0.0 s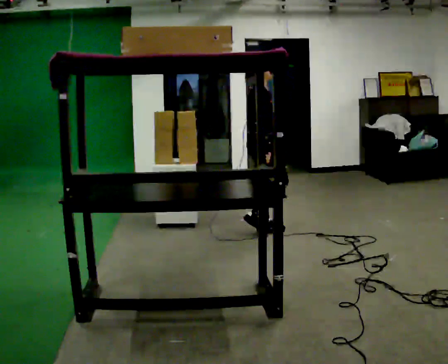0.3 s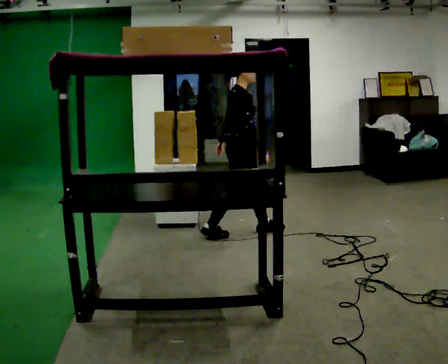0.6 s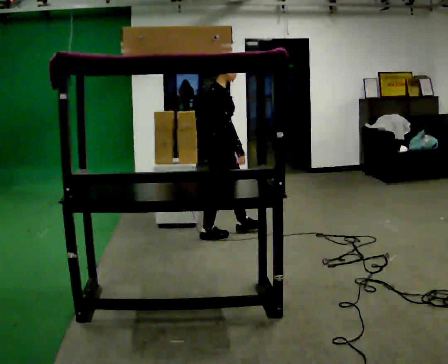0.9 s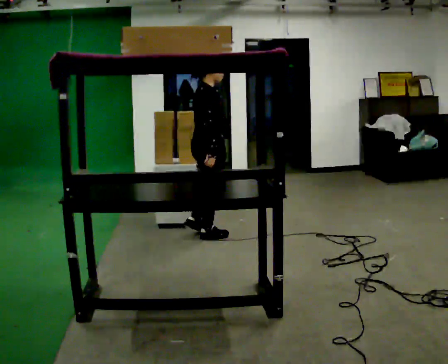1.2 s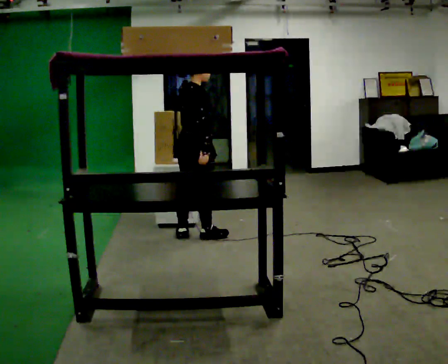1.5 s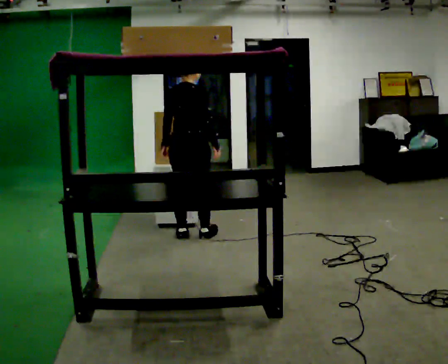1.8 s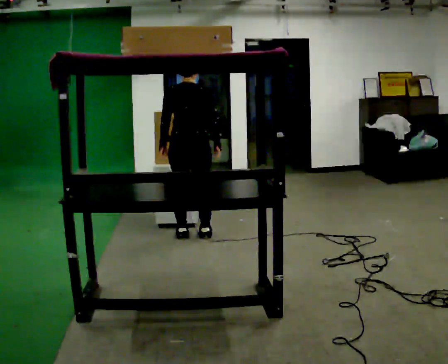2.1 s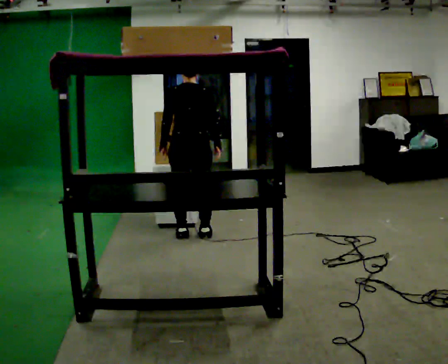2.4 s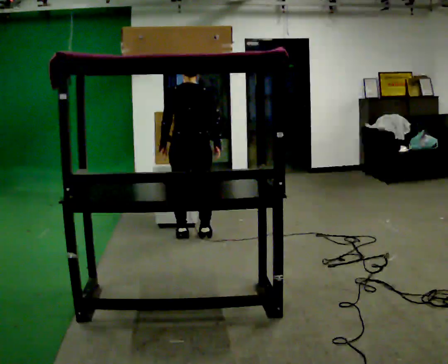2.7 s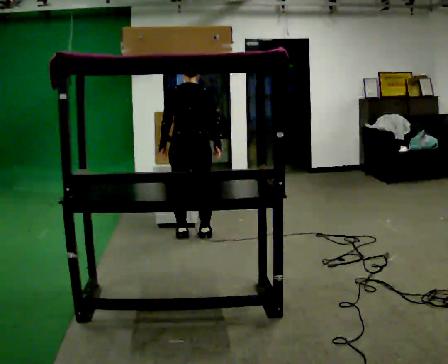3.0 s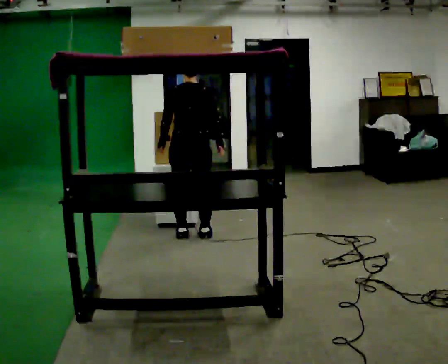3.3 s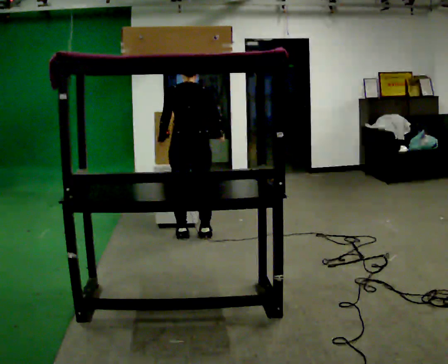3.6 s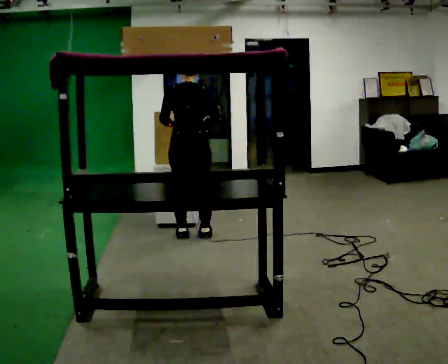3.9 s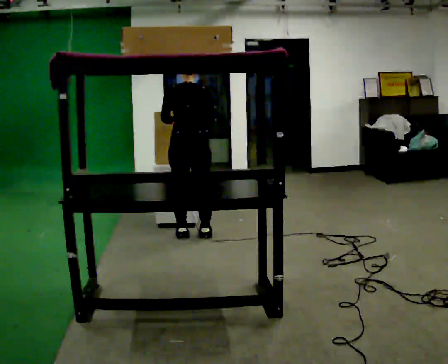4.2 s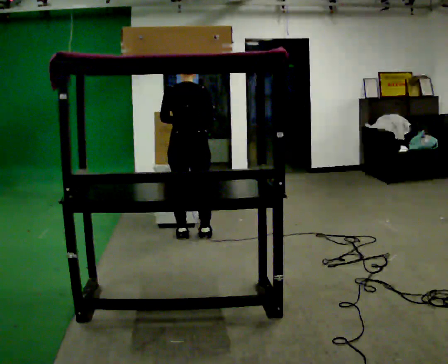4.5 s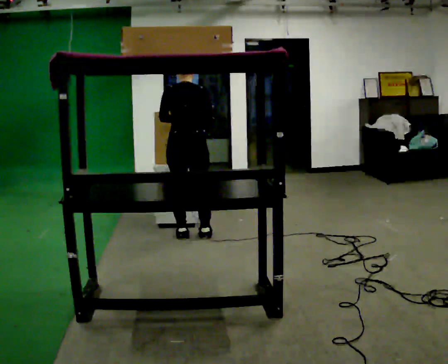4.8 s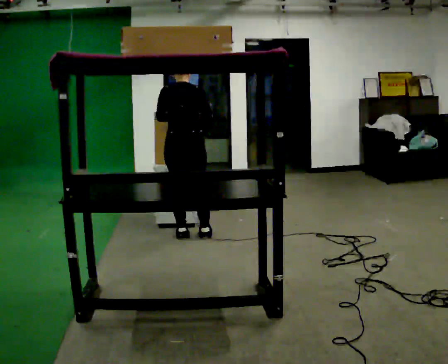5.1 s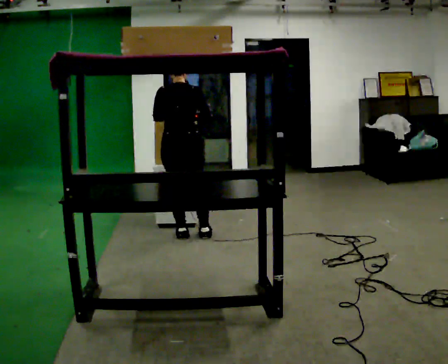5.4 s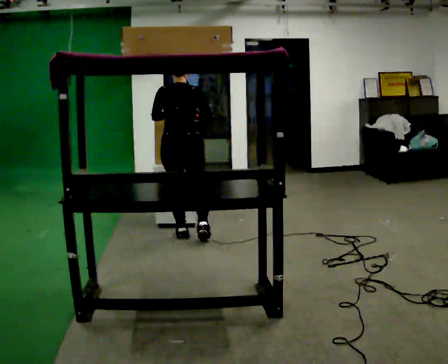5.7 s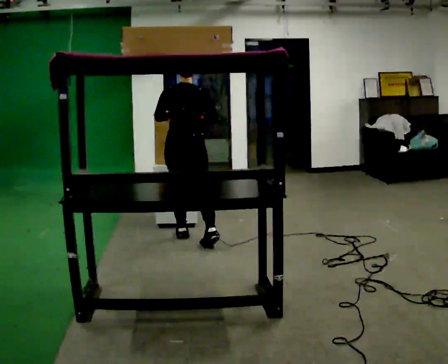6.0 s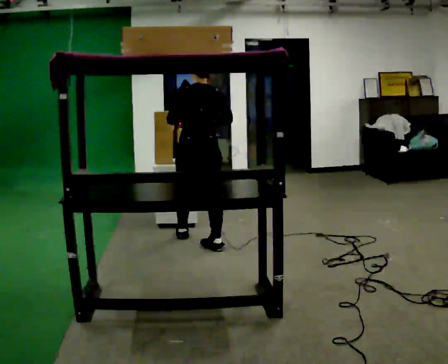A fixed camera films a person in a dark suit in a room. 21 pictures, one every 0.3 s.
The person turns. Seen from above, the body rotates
counterclockwise.
The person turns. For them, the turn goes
to their left.
0.0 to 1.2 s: The part of the body nearest the lens slides to the right as the person turns to their left by about 30 degrees. In the picture they go to the left, about 0.5 m in 1 step, which for them is backward.
1.2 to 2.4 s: The part of the body nearest the lens slides to the right as the person turns to their left by about 60 degrees.
2.4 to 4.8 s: The person moves a little, or ends about where they began.
4.8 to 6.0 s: In the picture they go toward the camera, about 0.25 m in 1 step, which for them is backward.
The film runs backward here.
